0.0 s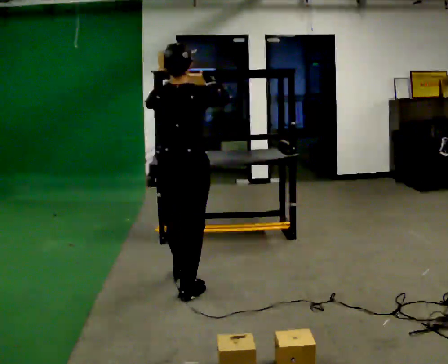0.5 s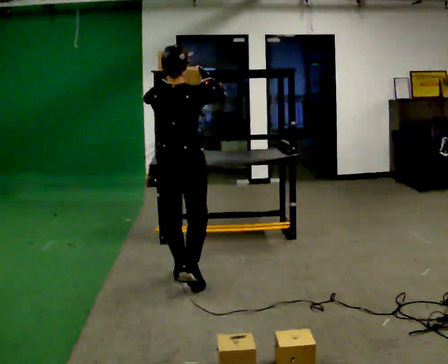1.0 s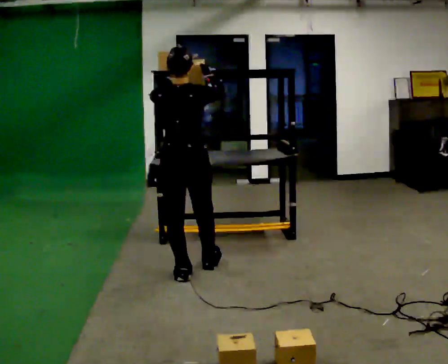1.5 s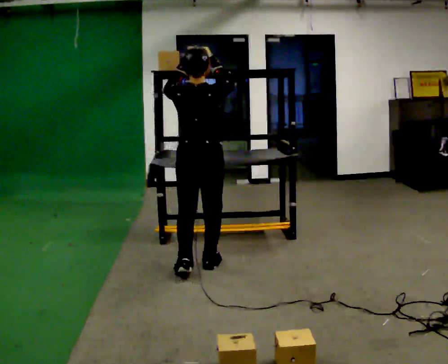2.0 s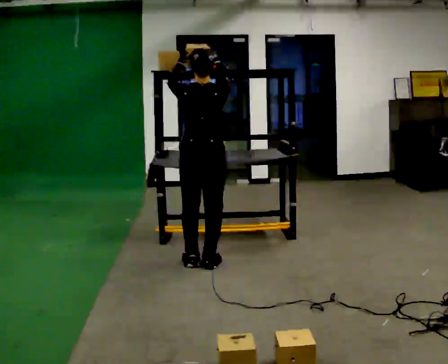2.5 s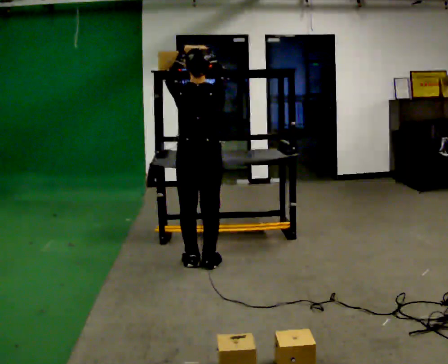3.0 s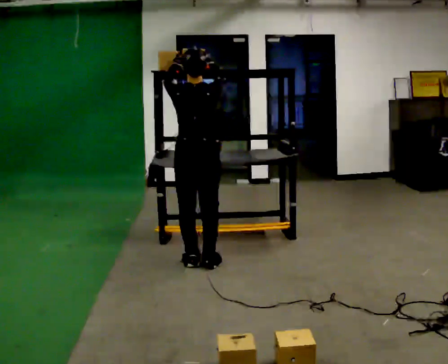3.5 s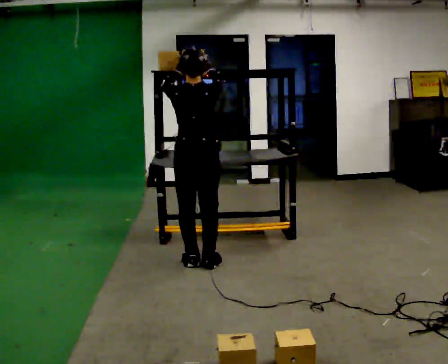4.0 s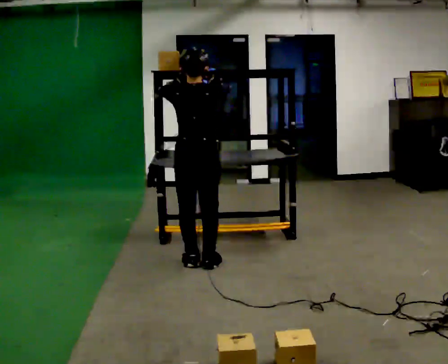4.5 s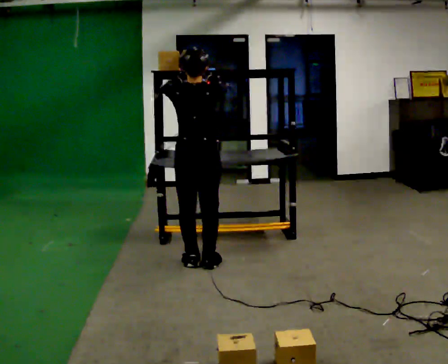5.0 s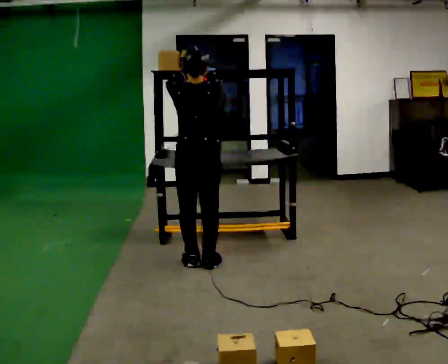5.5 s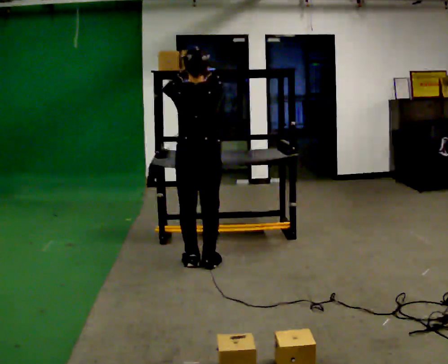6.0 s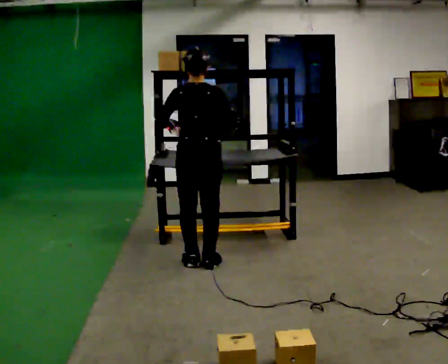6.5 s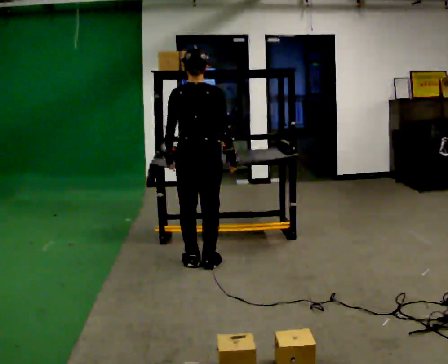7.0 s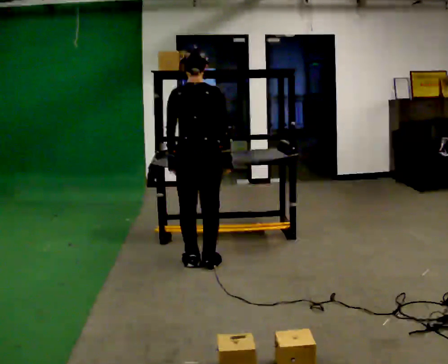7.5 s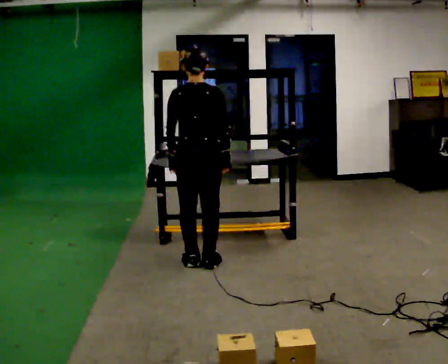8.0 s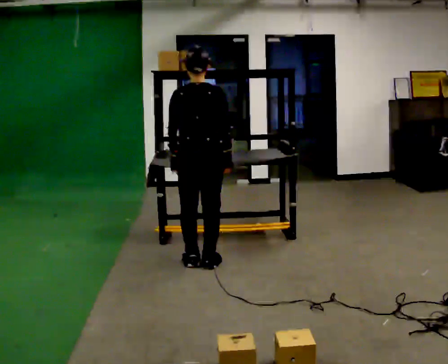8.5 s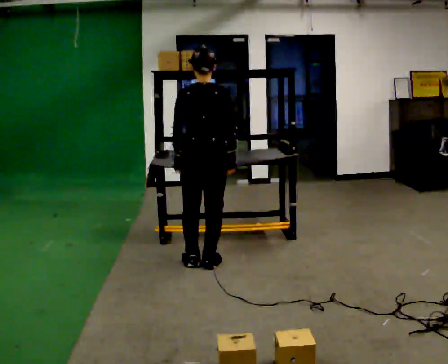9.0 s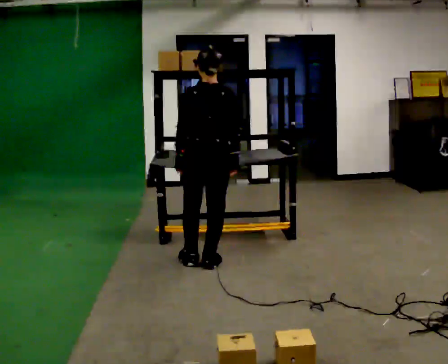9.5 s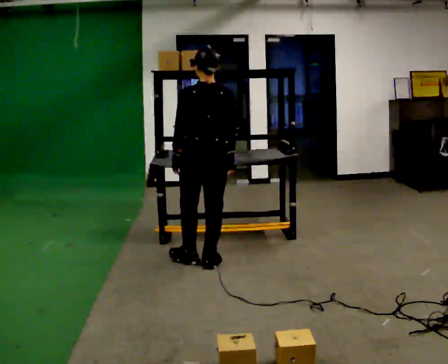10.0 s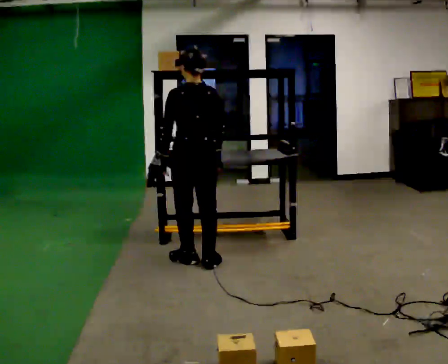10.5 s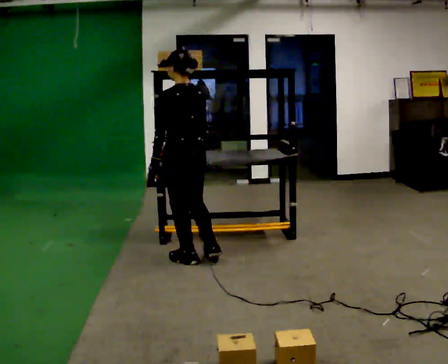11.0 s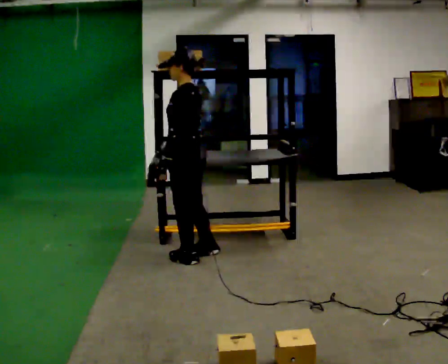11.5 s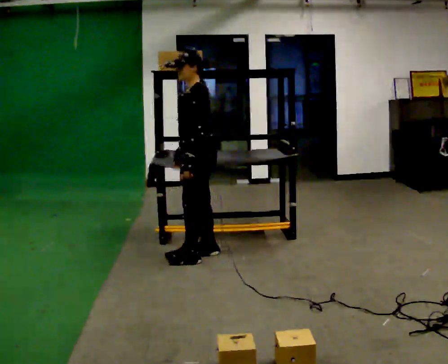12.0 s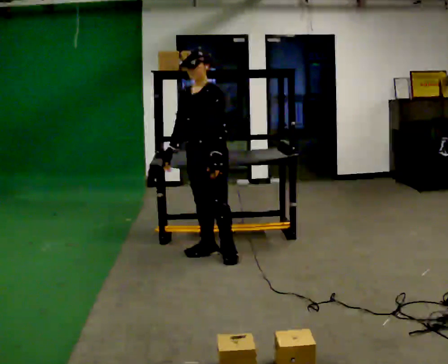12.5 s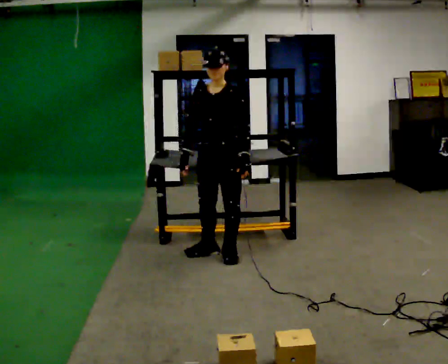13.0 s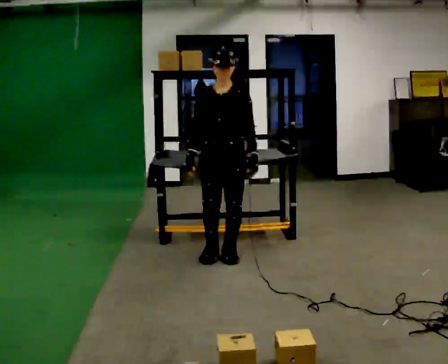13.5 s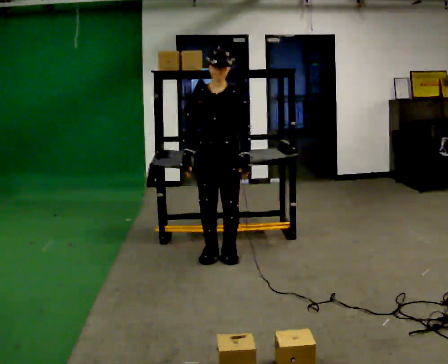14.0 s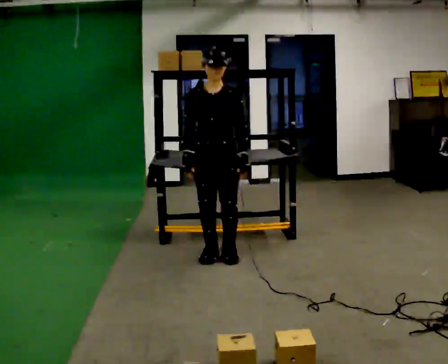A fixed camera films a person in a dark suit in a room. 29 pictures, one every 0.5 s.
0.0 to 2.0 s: In the picture they go away from the camera, about 0.5 m in 2 steps, which for them is forward.
2.0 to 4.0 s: The person moves a little, or ends about where they began.
4.0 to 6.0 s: In the picture their left hand goes downward.
6.0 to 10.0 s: The person moves a little, or ends about where they began.
10.0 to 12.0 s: The person turns about 120 degrees to their left, counterclockwise seen from above, so the part of the body nearest the lens slides to the right. In the picture they go away from the camera, about 0.25 m in 2 steps. In the picture their right hand goes to the left, the arm swinging clockwise.
12.0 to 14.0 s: The part of the body nearest the lens slides to the right as the person turns to their left by about 45 degrees.
The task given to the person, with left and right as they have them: Pick an object up off the floor, carry it across the room, and place it on the highest shelf you can comfortably reach. Keep going until the operator says stop; one object at a time, and do not rush between trips.
The film runs forward here.
